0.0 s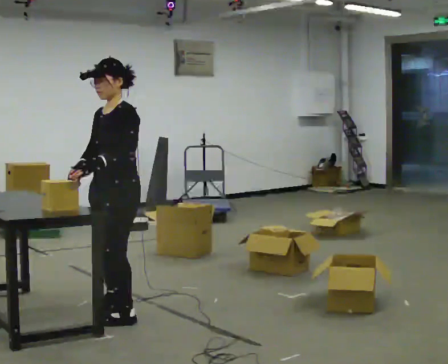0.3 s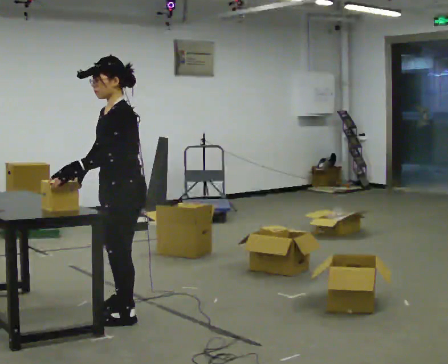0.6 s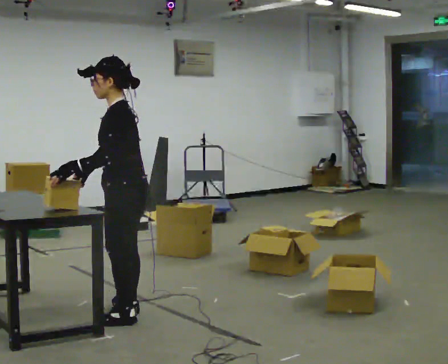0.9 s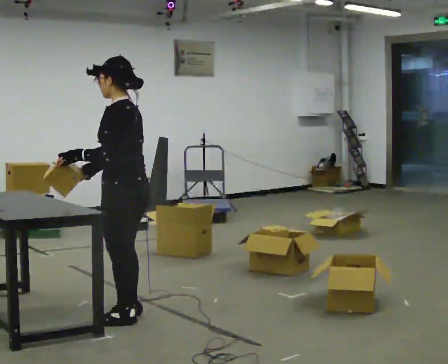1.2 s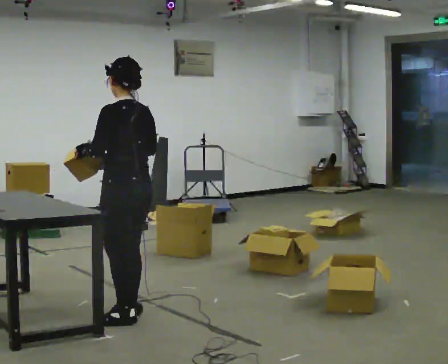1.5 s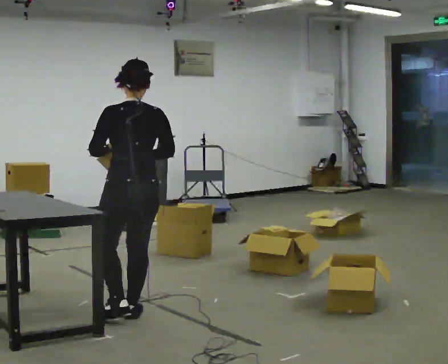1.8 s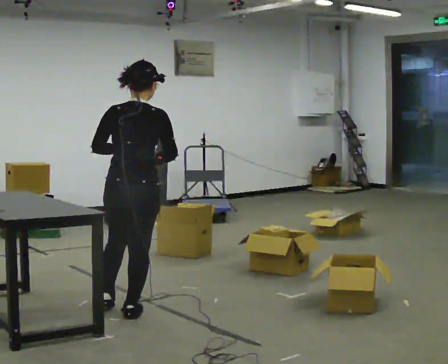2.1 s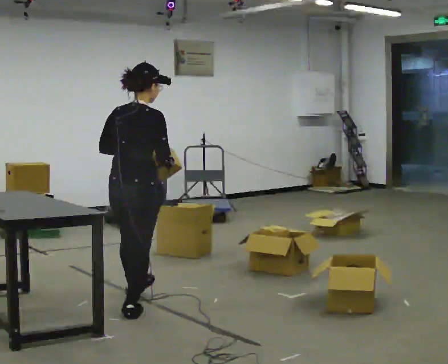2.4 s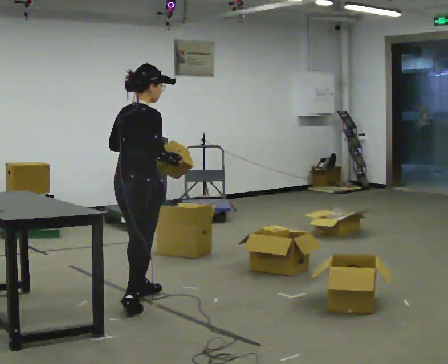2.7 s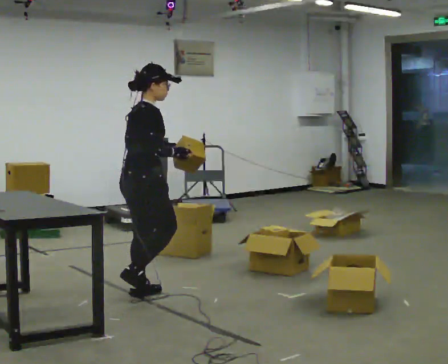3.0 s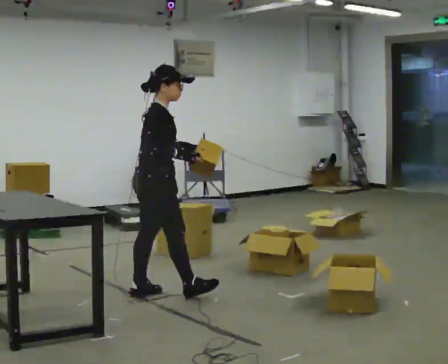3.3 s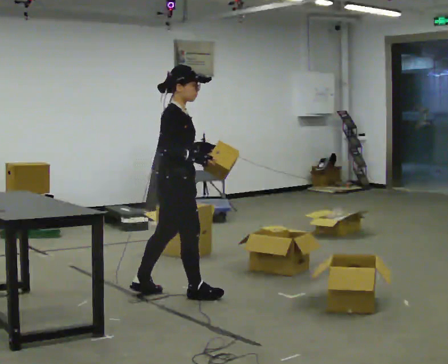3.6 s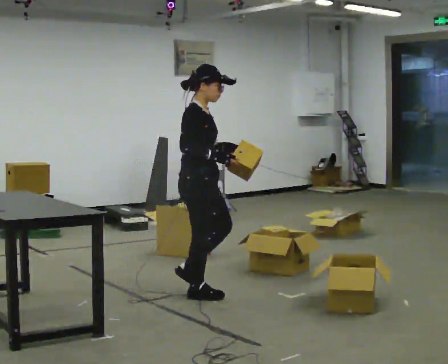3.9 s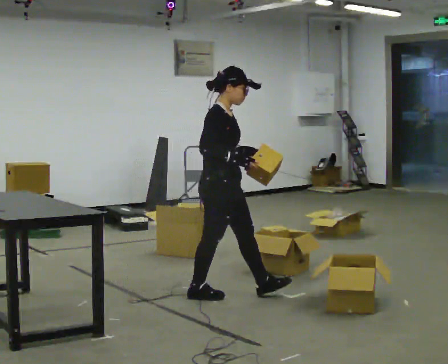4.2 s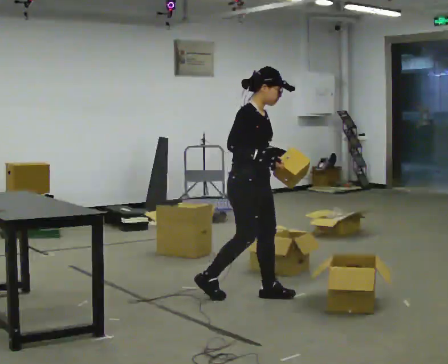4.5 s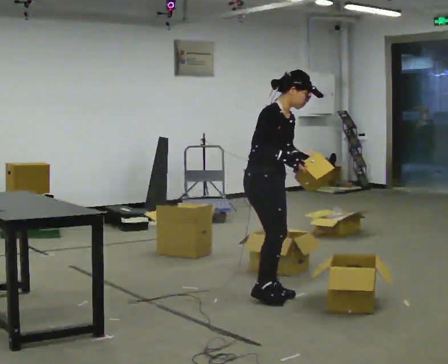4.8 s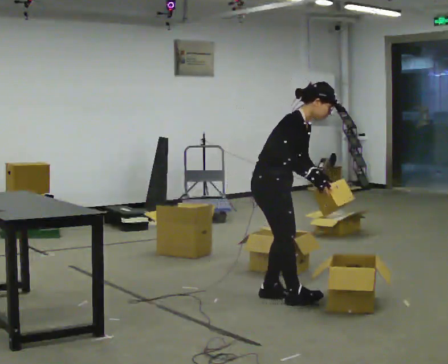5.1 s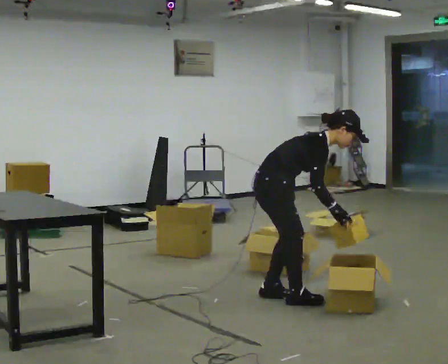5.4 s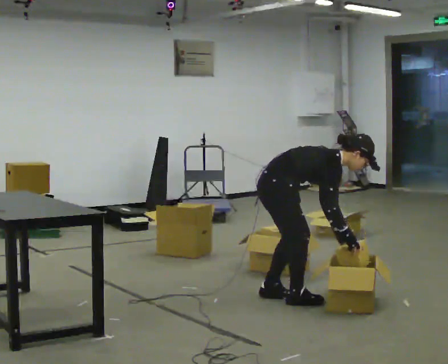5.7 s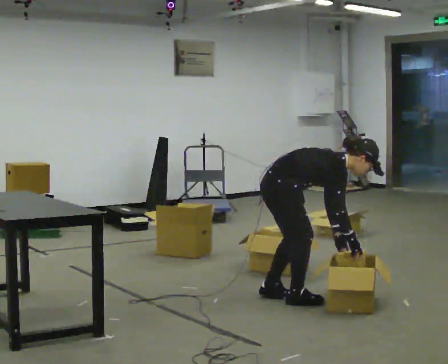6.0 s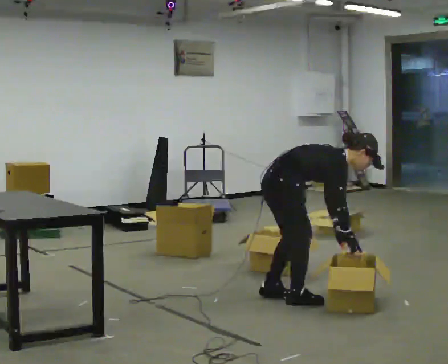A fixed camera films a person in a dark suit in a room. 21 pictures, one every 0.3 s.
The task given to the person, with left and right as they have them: Take each object from the table and put it in the bin that matches it, walking between the bins. Keep going until the operator says stop; one object at a time, and do not rush between trips.
0.0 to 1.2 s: Seen from above the body turns clockwise, about 75 degrees: to their right, with its near side sliding to the left.
1.2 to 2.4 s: The part of the body nearest the lens slides to the left as the person turns to their right by about 105 degrees. In the picture they go away from the camera, about 0.5 m in 1 step.
2.4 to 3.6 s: The person turns about 45 degrees to their right, clockwise seen from above, so the part of the body nearest the lens slides to the left. In the picture they go to the right, about 0.5 m in 1 step, which for them is forward.
3.6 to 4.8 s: In the picture they go to the right, about 0.5 m in 2 steps, which for them is forward and to their left. In the picture the upper body tilts clockwise, shoulders to the right, as they bend forward.
4.8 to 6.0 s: The shoulders move downward. In the picture the upper body tilts clockwise, shoulders to the right, as they bend forward. In the picture their right hand goes downward.
The film runs forward here.
